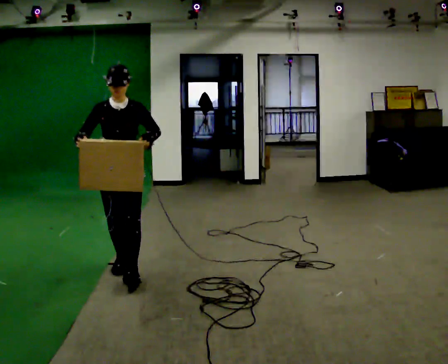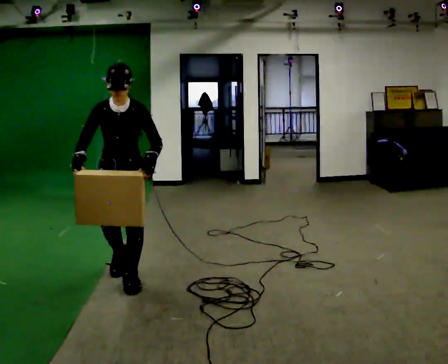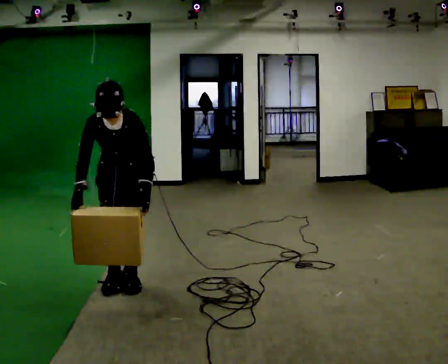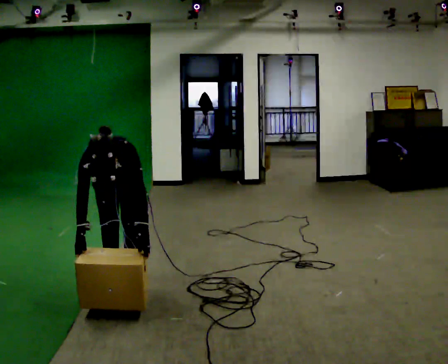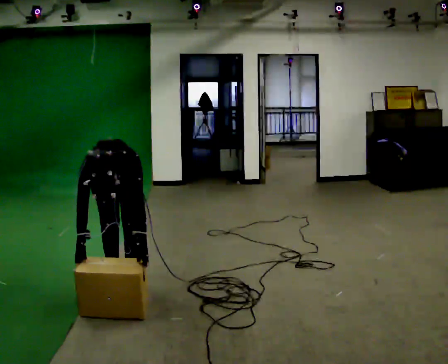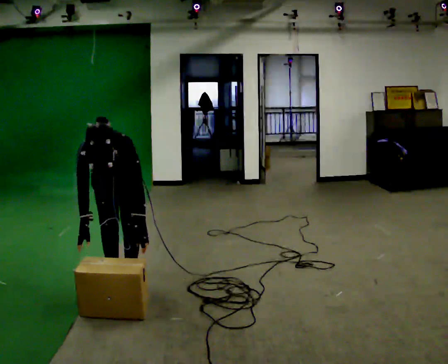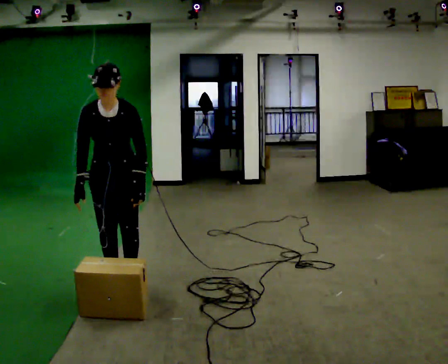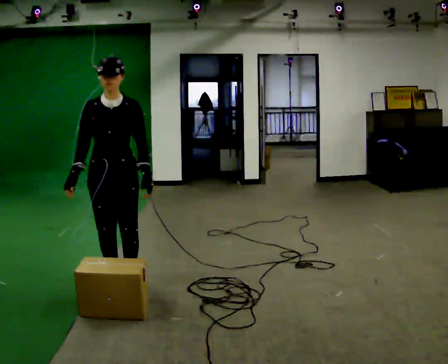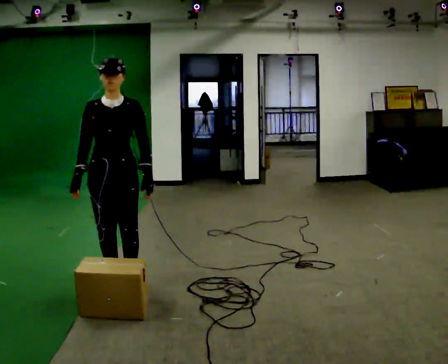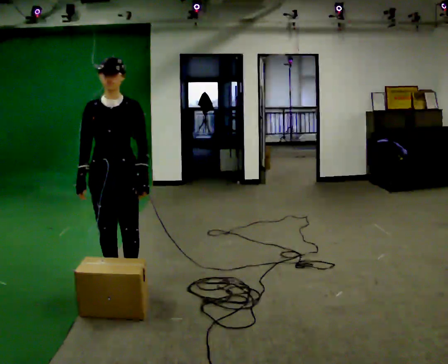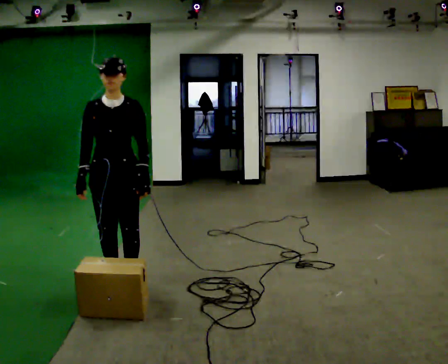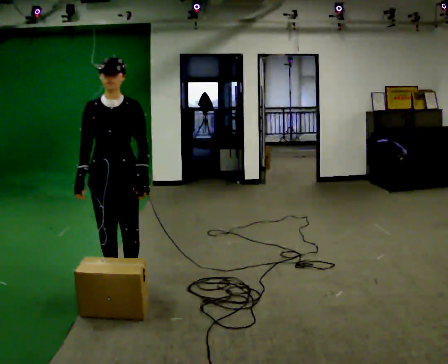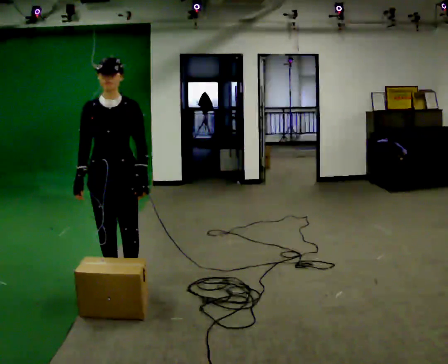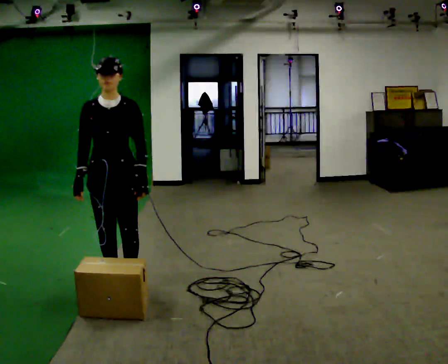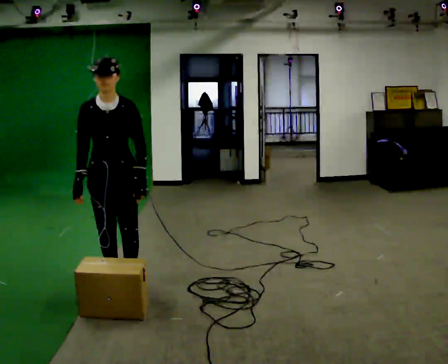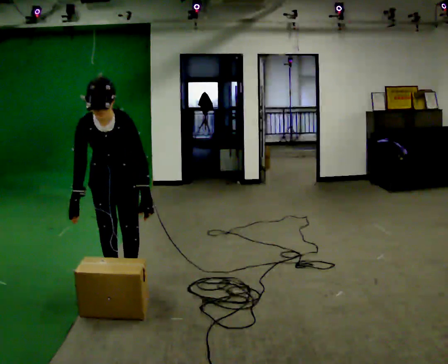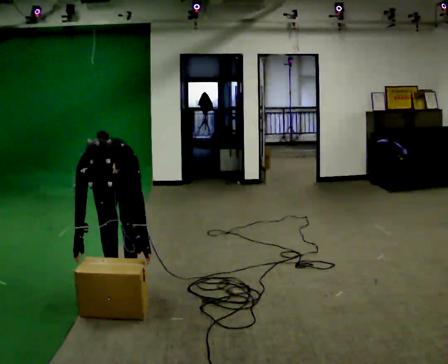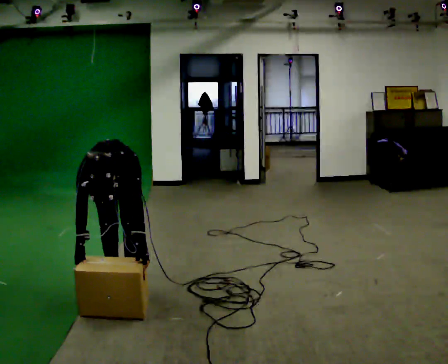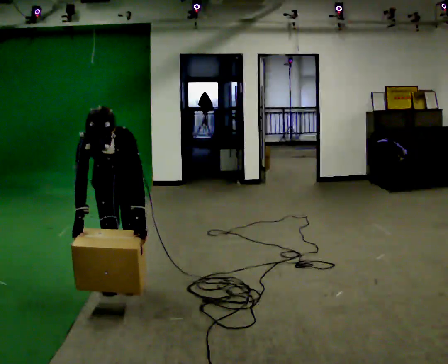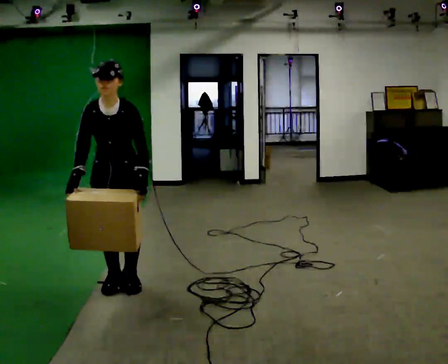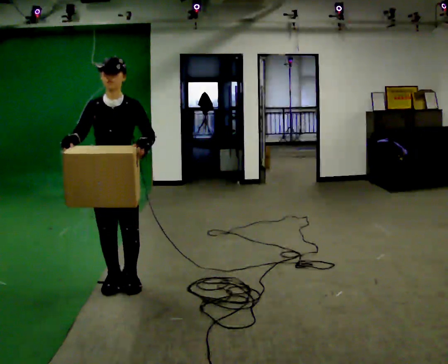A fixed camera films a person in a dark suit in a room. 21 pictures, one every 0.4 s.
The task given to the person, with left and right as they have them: Carry the box along the marked route, turning 90 degrees at the corner the operator calls, and set it down at the end. Keep going until the operator says stop; one object at a time, and do not rush between trips.
0.0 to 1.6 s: In the picture they go toward the camera, about 0.25 m in 2 steps, which for them is forward. The shoulders move downward. The upper body tips toward the camera, its near side rolling downward, as they bend forward. In the picture their right hand goes downward.
1.6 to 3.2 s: The upper body goes upward. The upper body tips away from the camera, its near side rolling upward, as they lean back or straighten. In the picture their right hand goes upward.
3.2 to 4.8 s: The person moves a little, or ends about where they began.
4.8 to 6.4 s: The upper body goes downward. The upper body tips toward the camera, its near side rolling downward, as they bend forward. In the picture their right hand goes downward.
6.4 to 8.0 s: The shoulders move upward. The upper body tips away from the camera, its near side rolling upward, as they lean back or straighten. In the picture their right hand goes upward.
The film runs forward here.
